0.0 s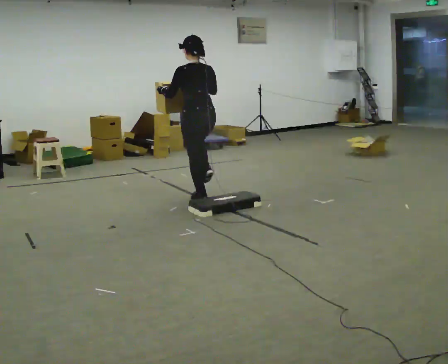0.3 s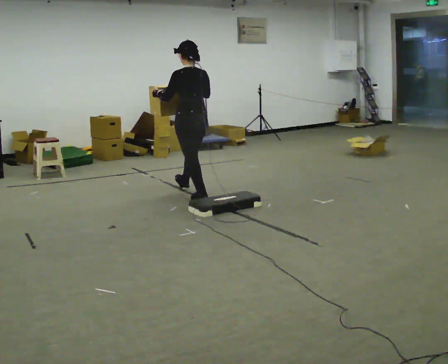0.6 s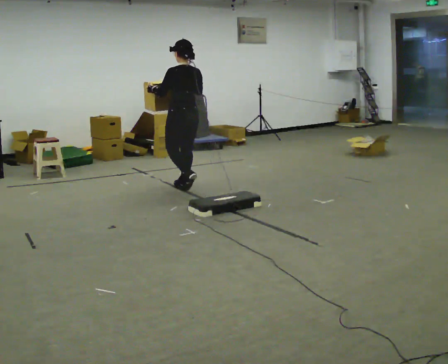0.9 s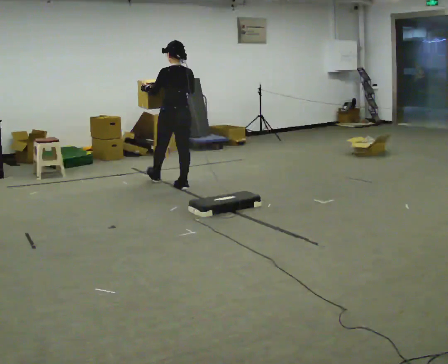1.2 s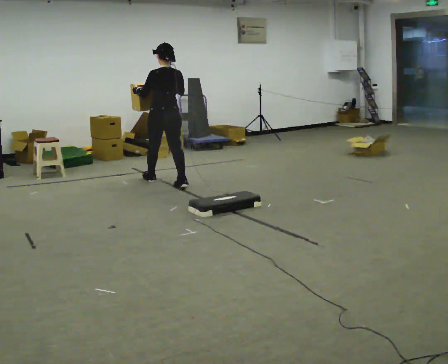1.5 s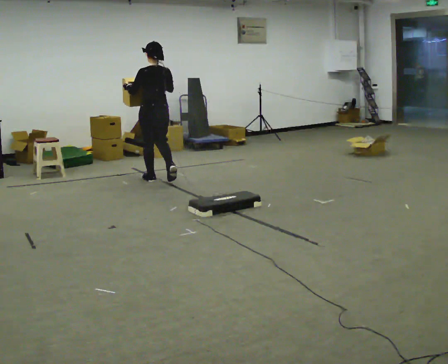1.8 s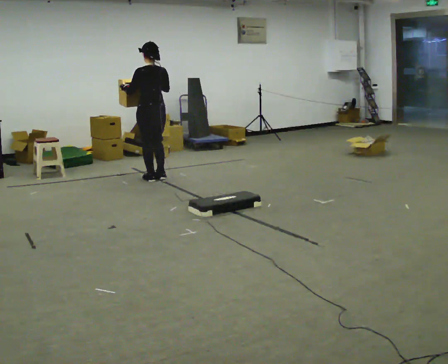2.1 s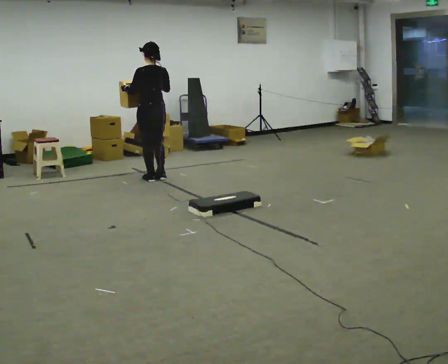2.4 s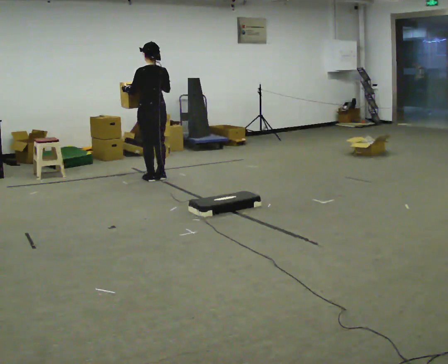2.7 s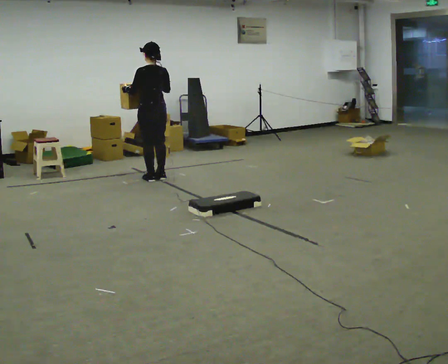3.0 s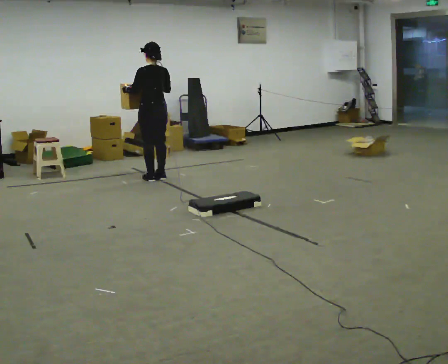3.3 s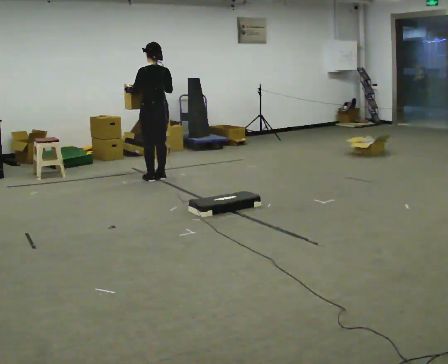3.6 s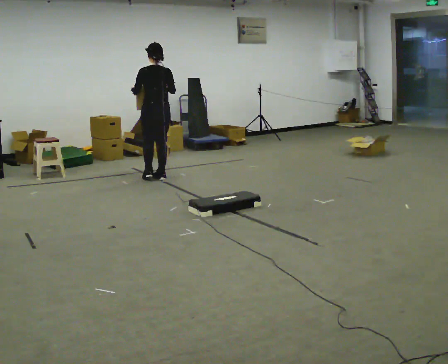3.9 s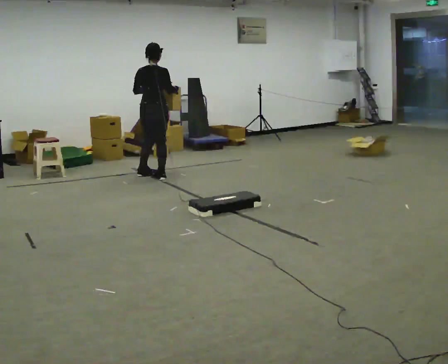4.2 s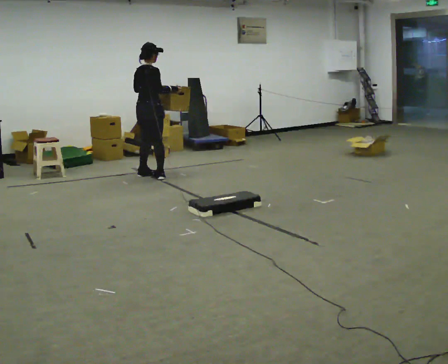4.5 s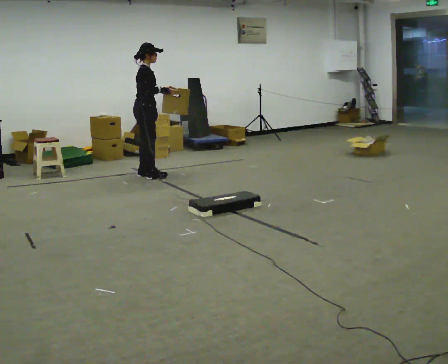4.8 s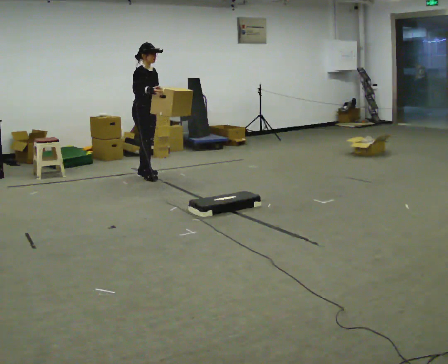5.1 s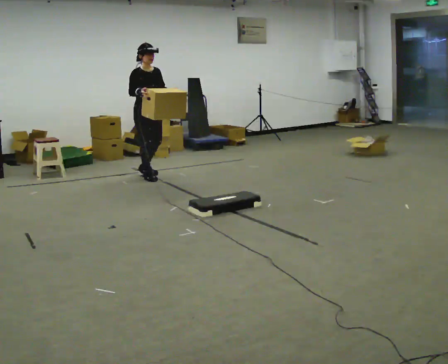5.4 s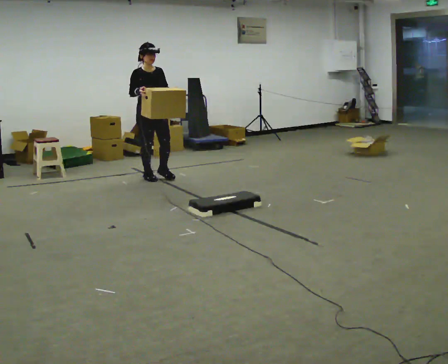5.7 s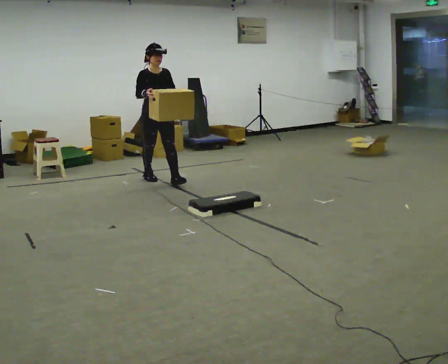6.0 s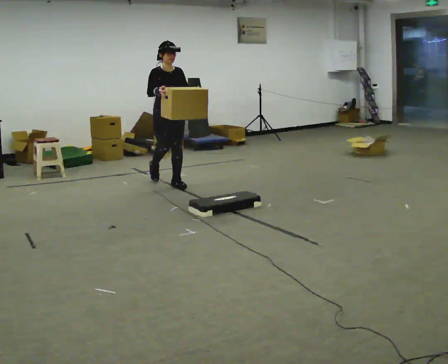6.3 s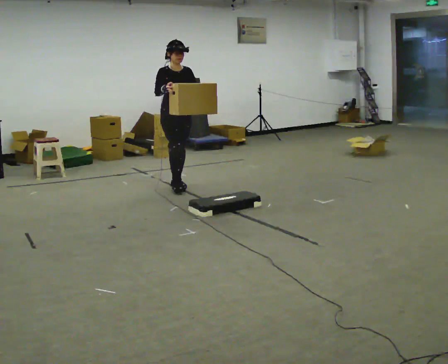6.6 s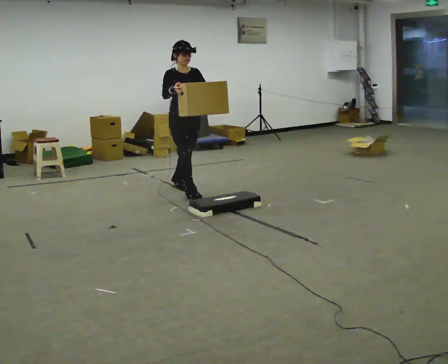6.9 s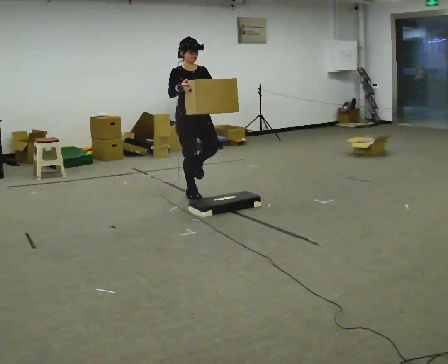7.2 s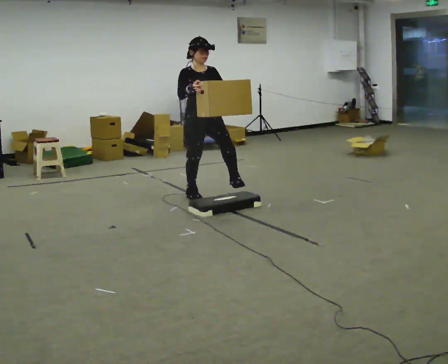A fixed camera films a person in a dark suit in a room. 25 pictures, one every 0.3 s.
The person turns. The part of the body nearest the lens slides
to the left.
The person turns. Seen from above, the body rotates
clockwise.
0.0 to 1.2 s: In the picture they go away from the camera and to the left, about 1 m in 2 steps, which for them is forward.
1.2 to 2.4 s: In the picture they go away from the camera, about 0.25 m in 1 step, which for them is forward.
2.4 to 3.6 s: The person moves a little, or ends about where they began.
3.6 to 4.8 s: The person turns about 120 degrees to their right, clockwise seen from above, so the part of the body nearest the lens slides to the left. In the picture they go to the left, about 0.25 m in 1 step. In the picture their left hand goes to the right.
4.8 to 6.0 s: The part of the body nearest the lens slides to the left as the person turns to their right by about 30 degrees. In the picture they go toward the camera and to the right, about 0.5 m in 1 step, which for them is forward.
6.0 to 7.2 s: In the picture they go toward the camera and to the right, about 1 m in 1 step, which for them is forward.
The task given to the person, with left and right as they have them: Carry the box over the low sill without stopping, then bring it back over. Keep going until the operator says stop; one object at a time, and do not rush between trips.
The film runs forward here.
